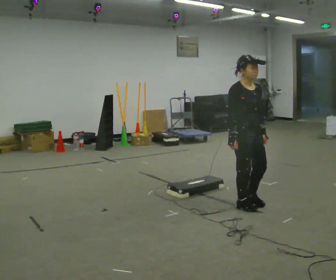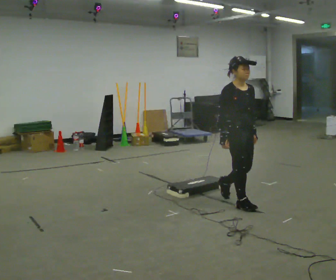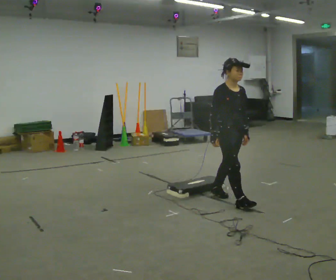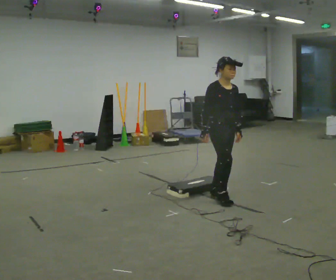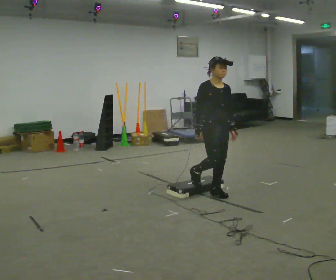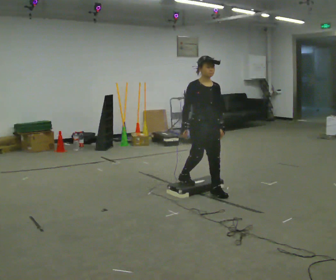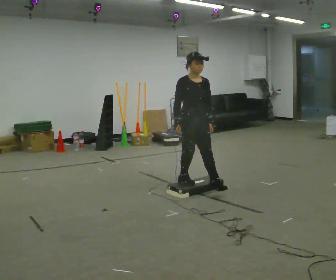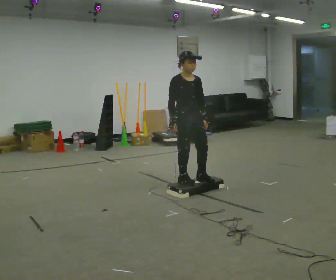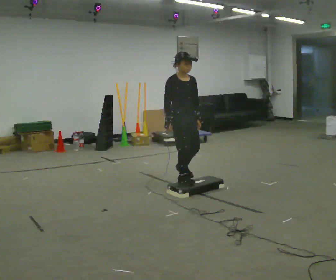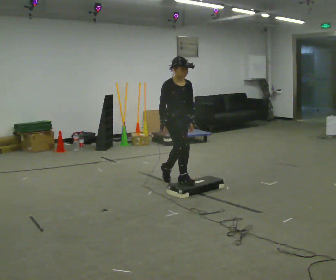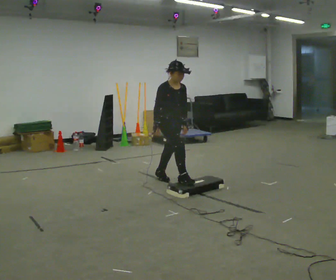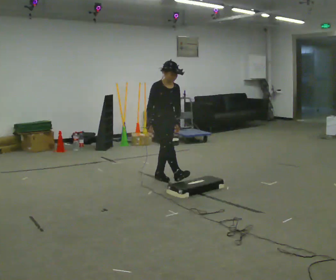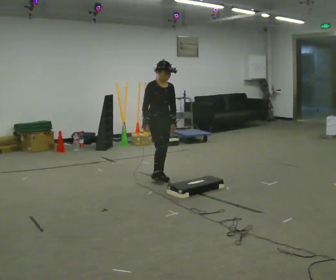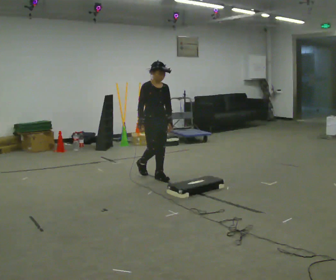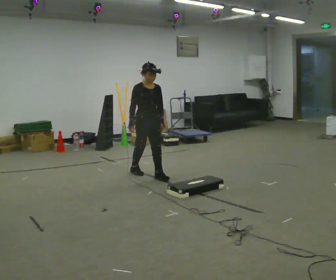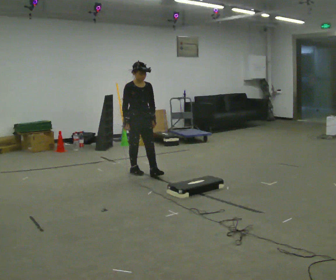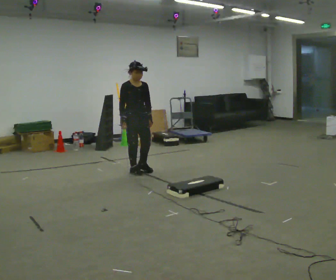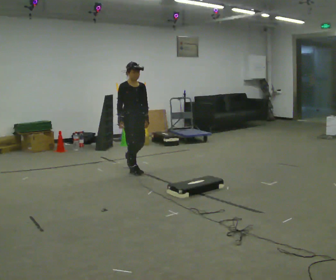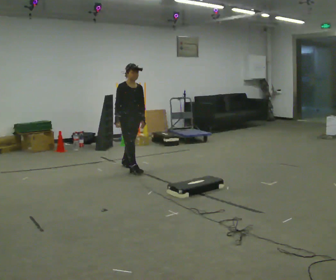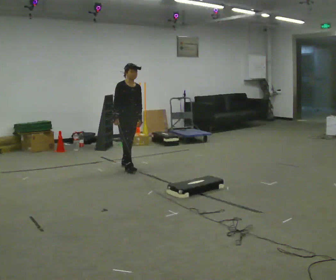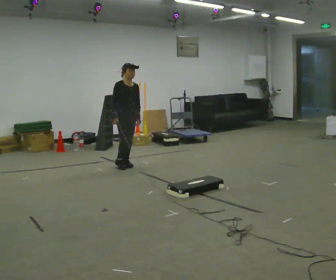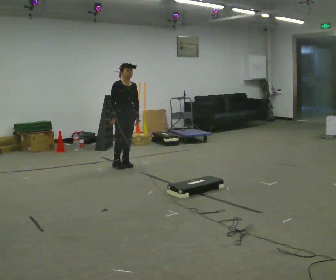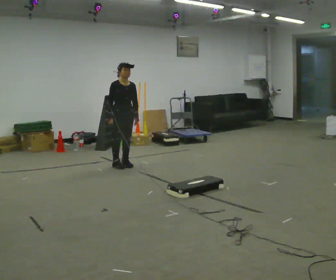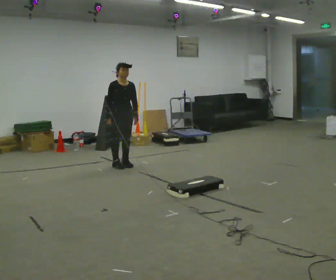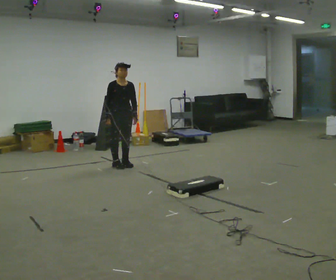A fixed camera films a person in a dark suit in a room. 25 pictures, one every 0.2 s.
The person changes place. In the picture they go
away from the camera.
0.0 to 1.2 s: In the picture they go away from the camera and to the left, about 0.5 m in 1 step, which for them is backward.
1.2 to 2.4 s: In the picture they go away from the camera and to the left, about 0.75 m in 2 steps, which for them is backward.
2.4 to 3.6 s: In the picture they go away from the camera and to the left, about 0.75 m in 1 step, which for them is backward.
3.6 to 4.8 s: In the picture they go away from the camera, about 0.25 m in 1 step, which for them is backward.
The film runs backward here.
